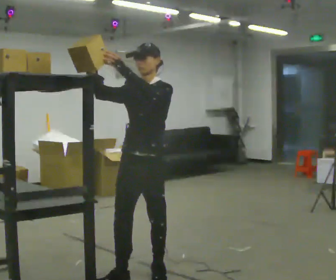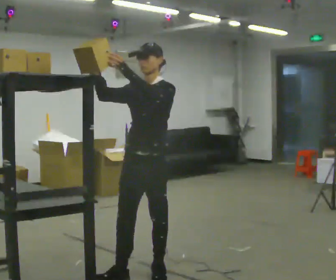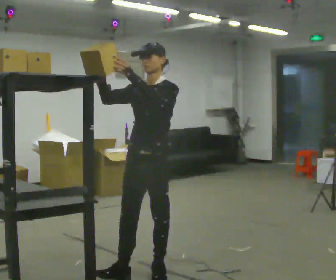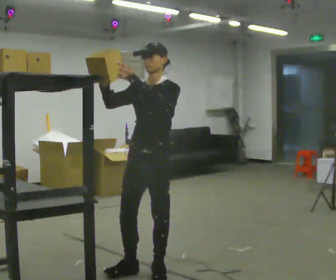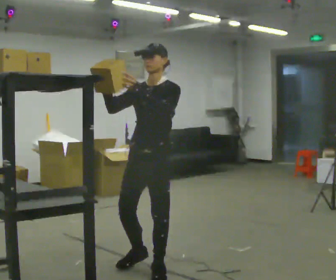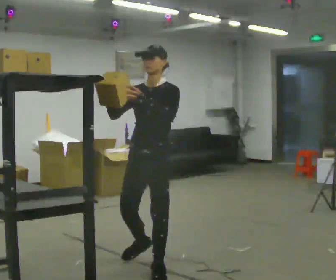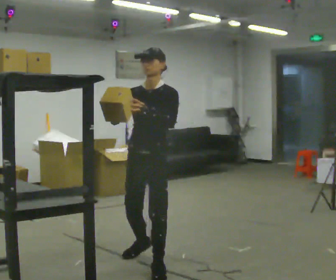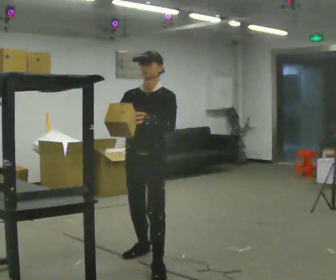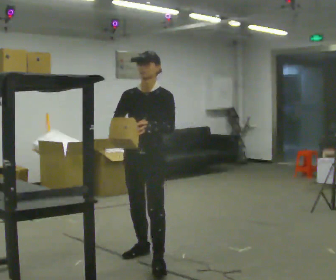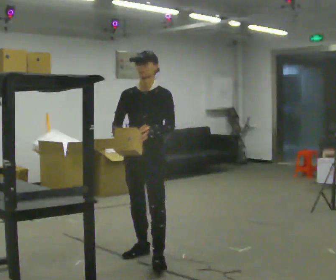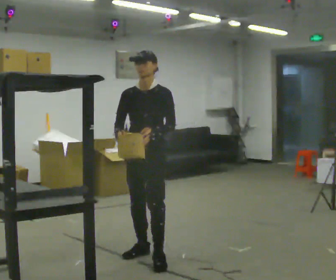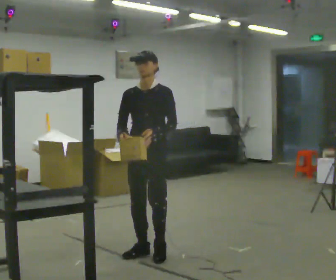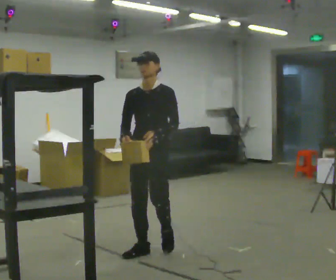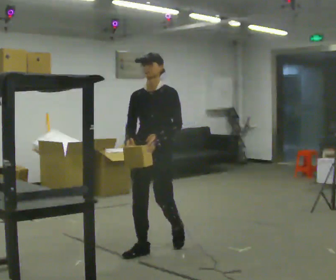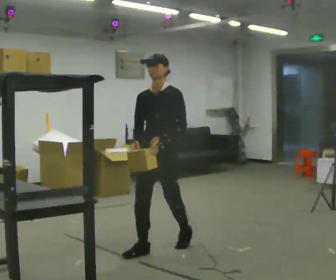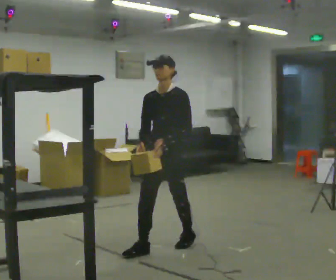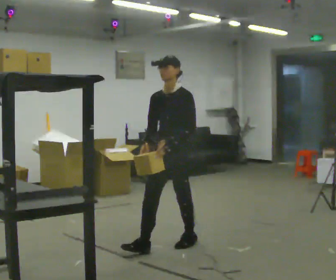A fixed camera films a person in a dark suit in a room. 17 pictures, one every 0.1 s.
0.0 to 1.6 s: In the picture they go away from the camera, about 1 m in 3 steps, which for them is backward. In the picture their right hand goes downward, the arm swinging counterclockwise.
The film runs backward here.
